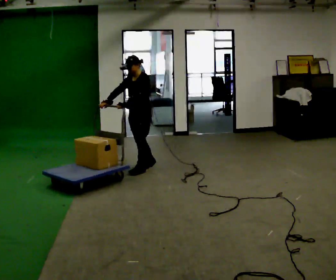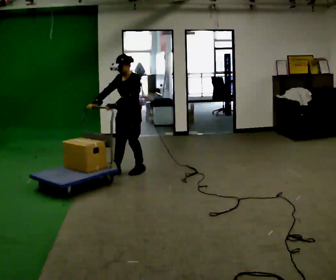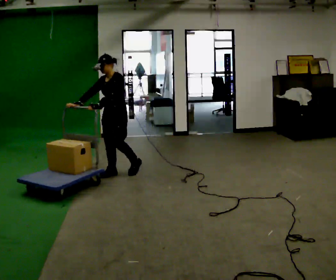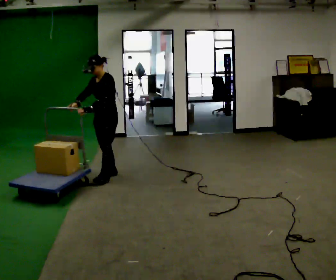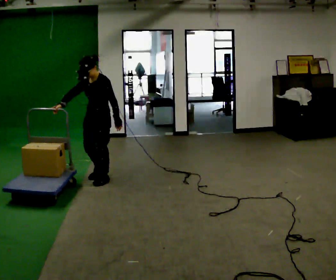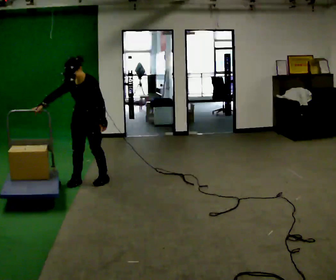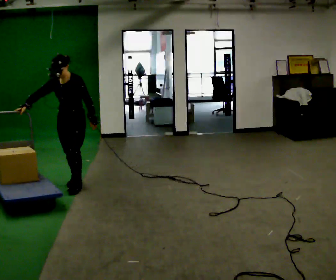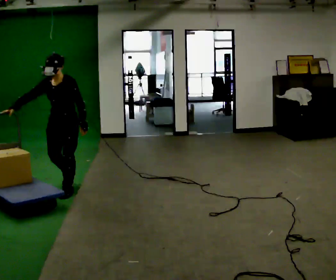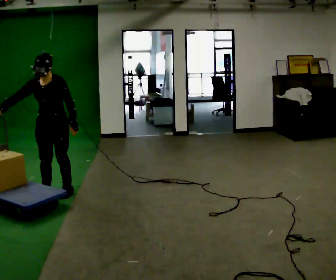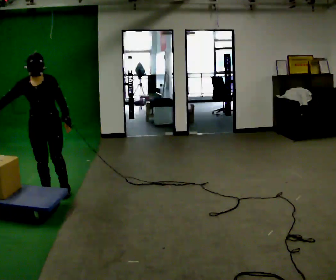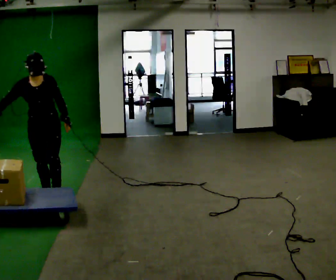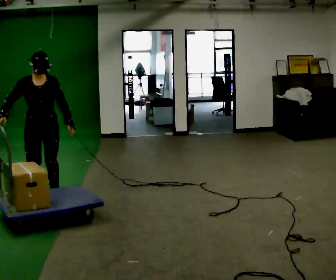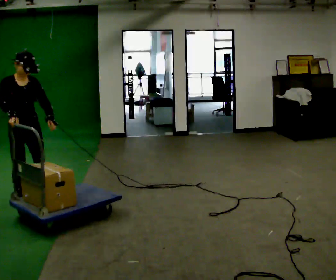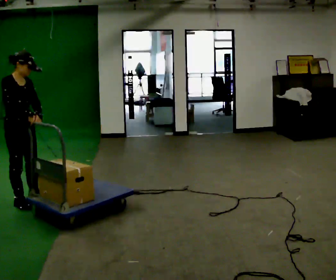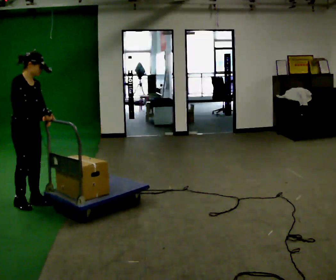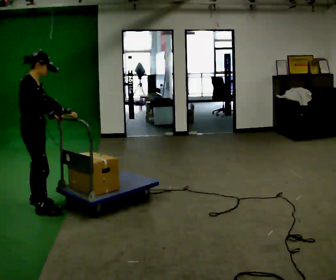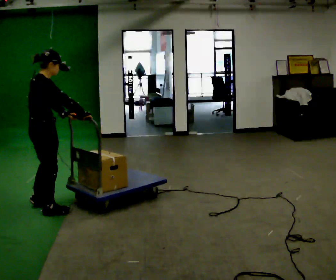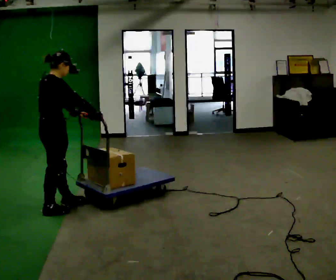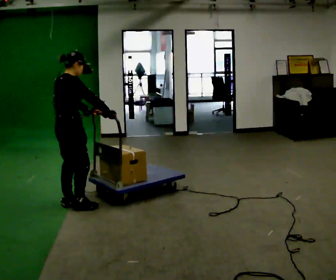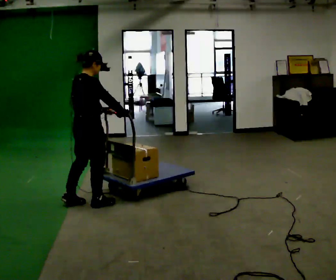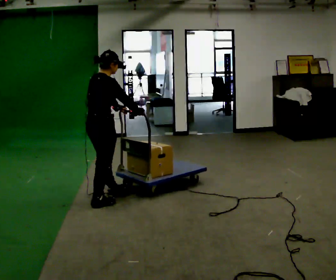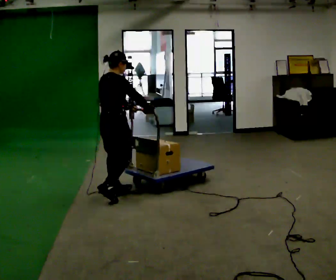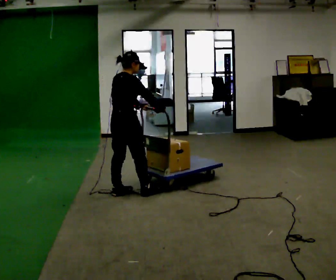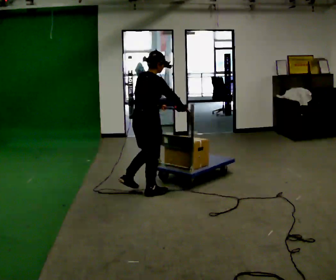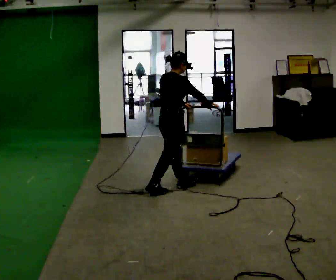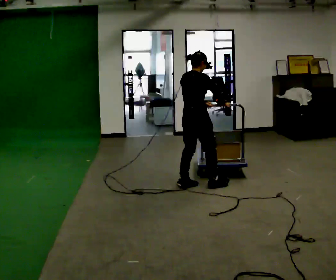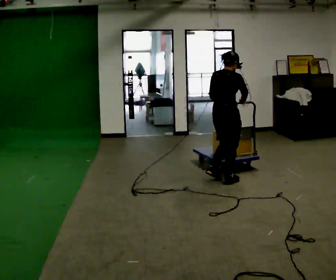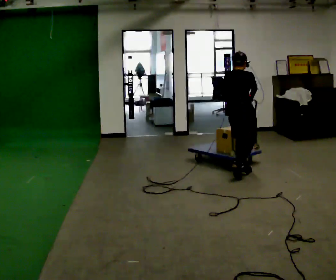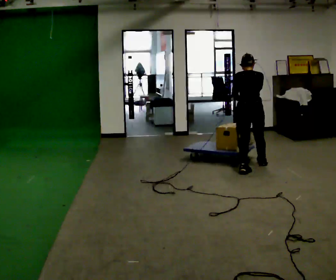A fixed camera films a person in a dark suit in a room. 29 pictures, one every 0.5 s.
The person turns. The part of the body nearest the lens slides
to the right.
The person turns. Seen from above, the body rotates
counterclockwise.
0.0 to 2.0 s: In the picture they go to the left and toward the camera, about 0.75 m in 2 steps, which for them is forward.
2.0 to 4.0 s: The part of the body nearest the lens slides to the right as the person turns to their left by about 30 degrees. In the picture they go to the left and toward the camera, about 0.75 m in 3 steps, which for them is forward.
4.0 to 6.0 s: The part of the body nearest the lens slides to the right as the person turns to their left by about 60 degrees. In the picture they go to the left and toward the camera, about 0.5 m in 2 steps, which for them is to their right and forward.
6.0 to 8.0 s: Seen from above the body turns counterclockwise, about 75 degrees: to their left, with its near side sliding to the right. In the picture they go toward the camera and to the right, about 0.25 m in 2 steps.
8.0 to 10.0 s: In the picture they go to the right, about 0.5 m in 2 steps, which for them is forward.
10.0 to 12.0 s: In the picture they go to the right, about 1 m in 3 steps, which for them is forward.
12.0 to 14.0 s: The person turns about 45 degrees to their left, counterclockwise seen from above, so the part of the body nearest the lens slides to the right. In the picture they go to the right and away from the camera, about 1 m in 3 steps, which for them is forward.
The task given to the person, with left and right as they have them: Push the loaded cart from one corner of the room to the other, turn it round, and push it back. Keep going until the operator says stop.
The film runs forward here.
